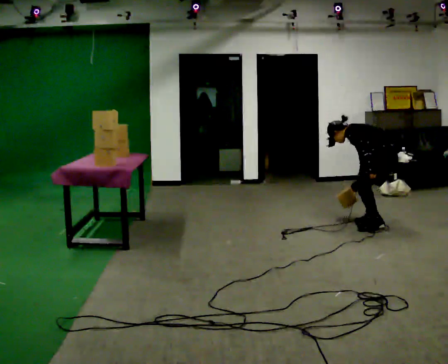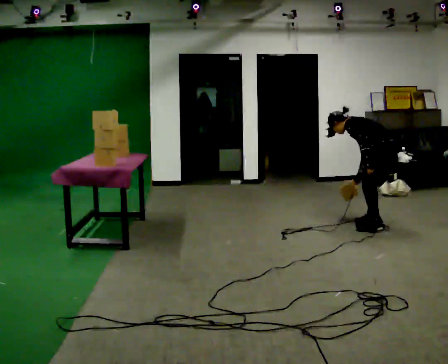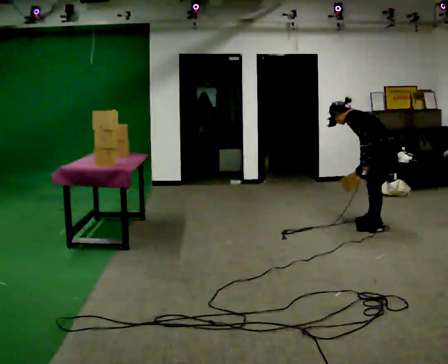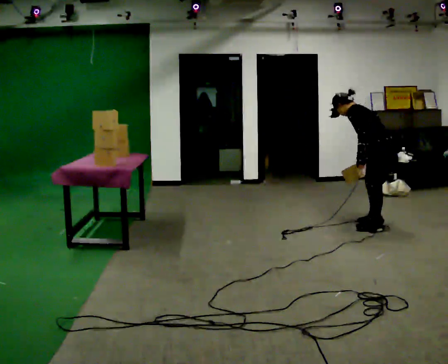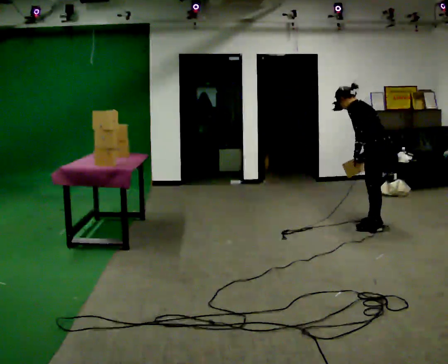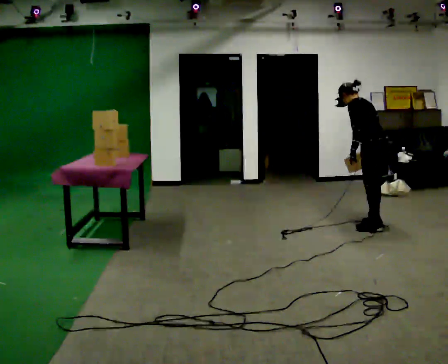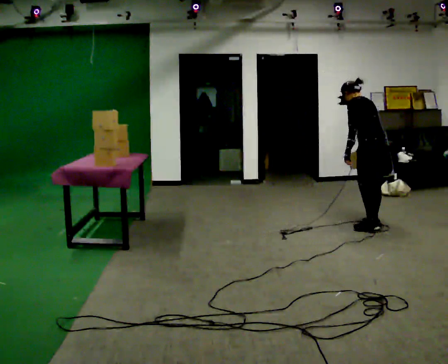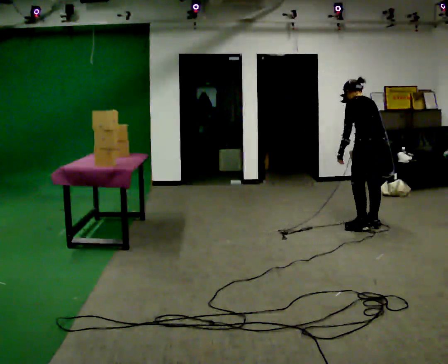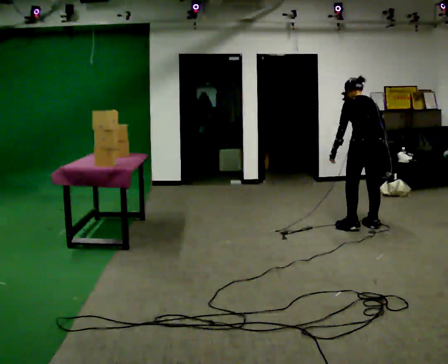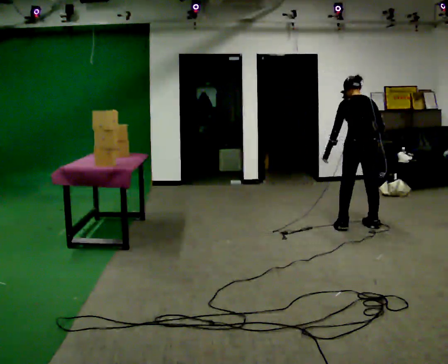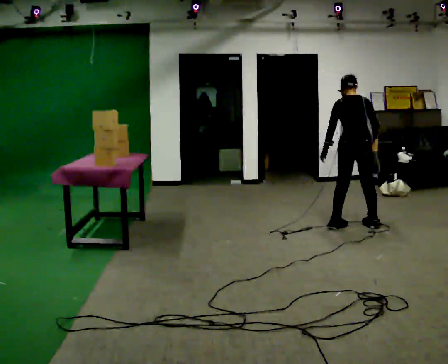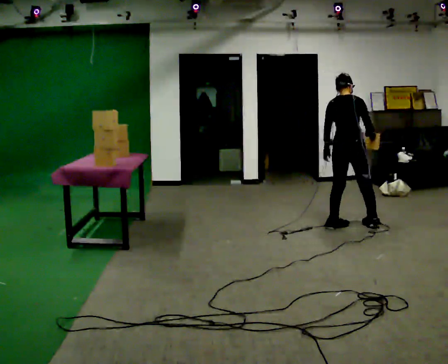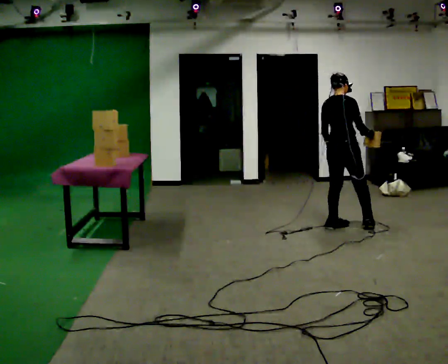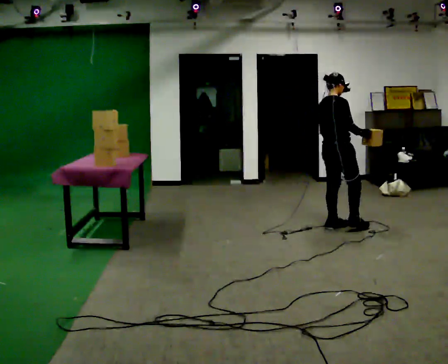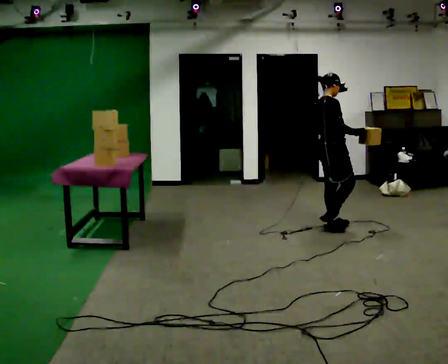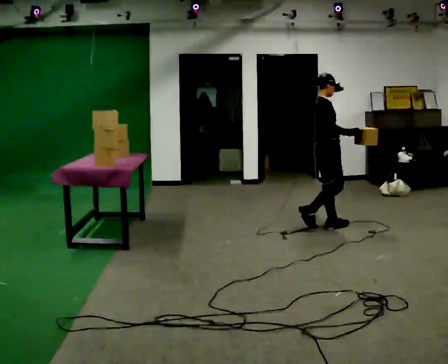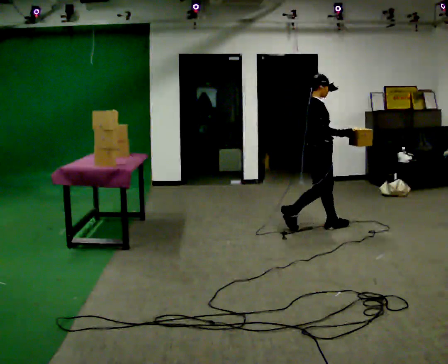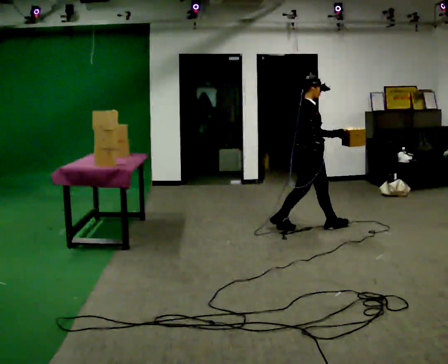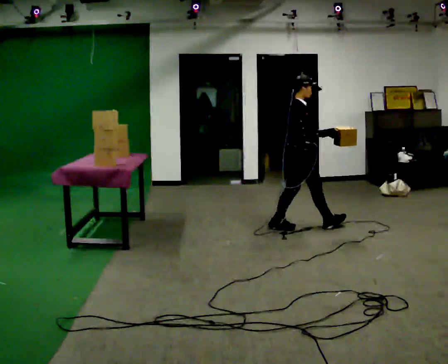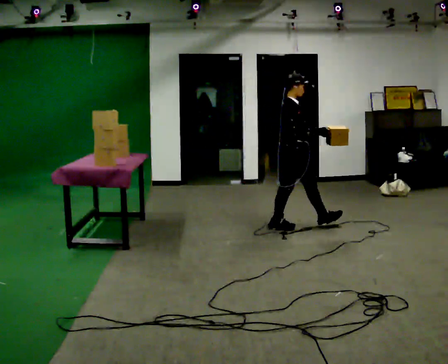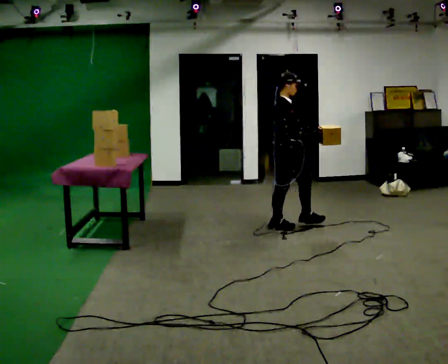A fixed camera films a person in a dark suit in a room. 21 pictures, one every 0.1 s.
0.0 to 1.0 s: Seen from above the body turns clockwise, about 75 degrees: to their right, with its near side sliding to the left. In the picture they go to the left, about 0.25 m in 1 step. The upper body goes upward. In the picture the upper body tilts clockwise, shoulders to the right, as they lean back or straighten.
1.0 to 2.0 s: Seen from above the body turns clockwise, about 90 degrees: to their right, with its near side sliding to the left. In the picture they go to the left, about 0.5 m in 2 steps.
The film runs backward here.
